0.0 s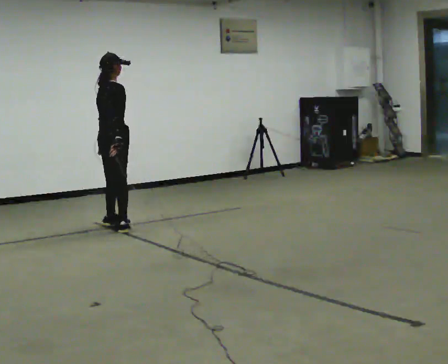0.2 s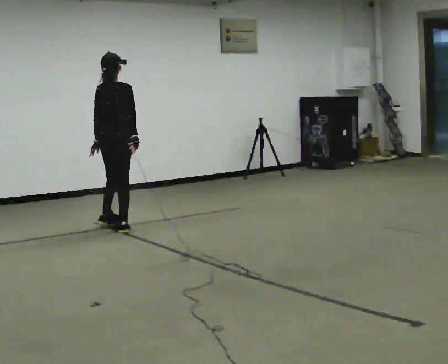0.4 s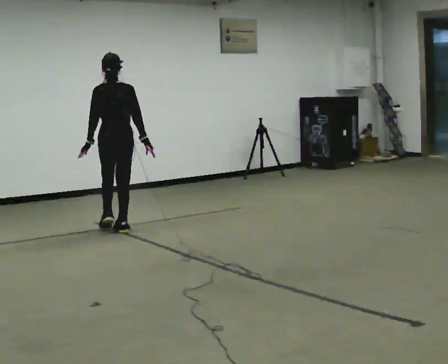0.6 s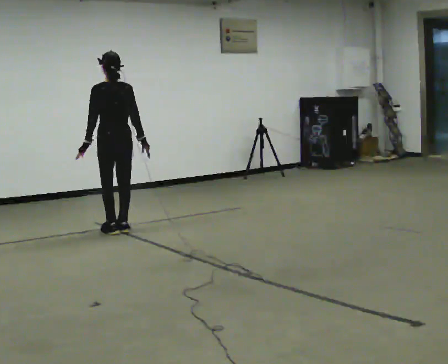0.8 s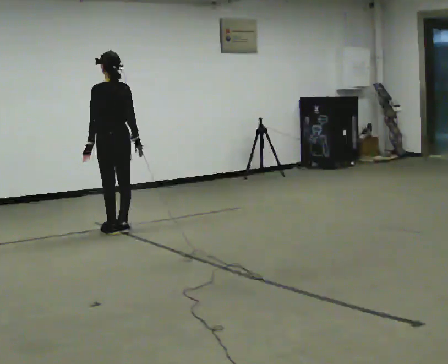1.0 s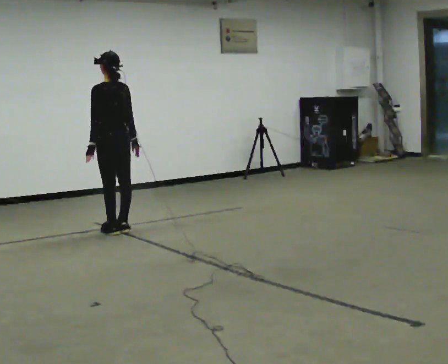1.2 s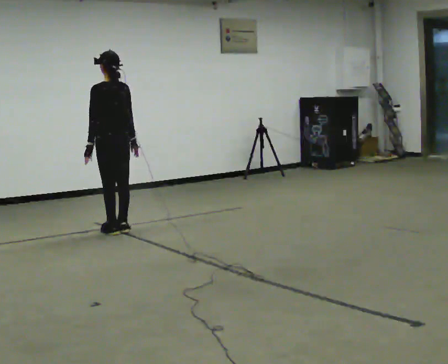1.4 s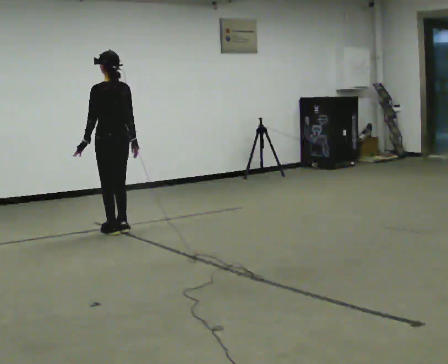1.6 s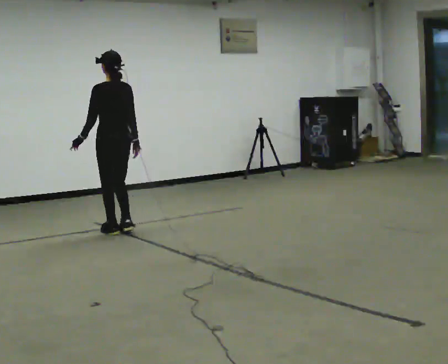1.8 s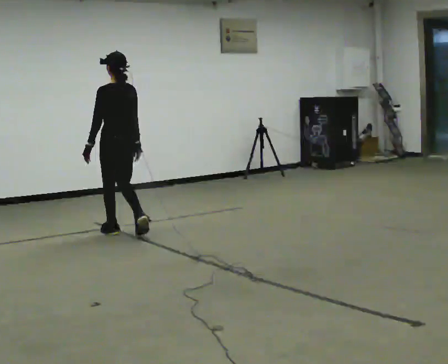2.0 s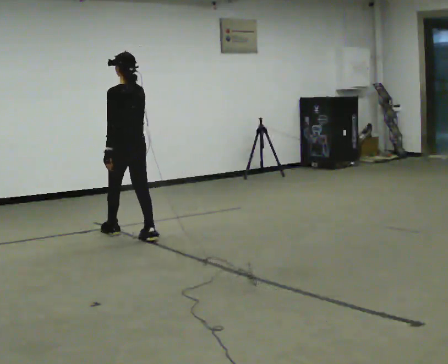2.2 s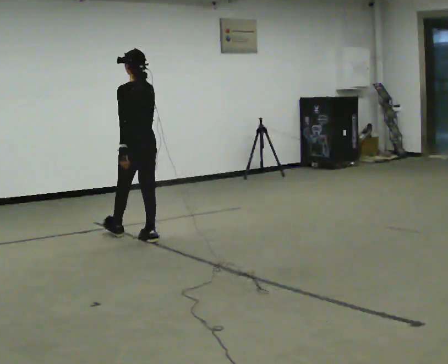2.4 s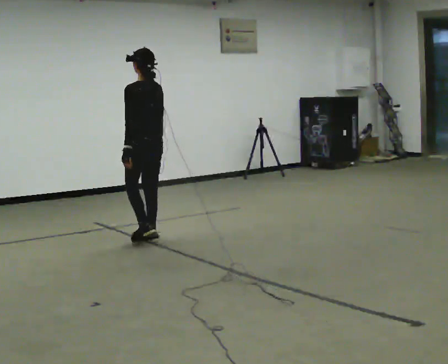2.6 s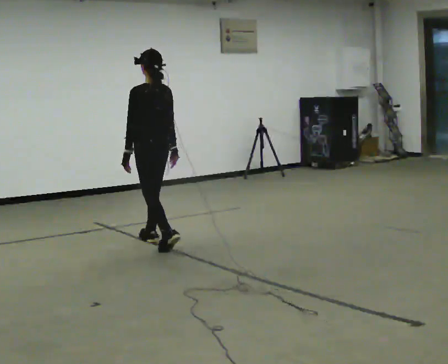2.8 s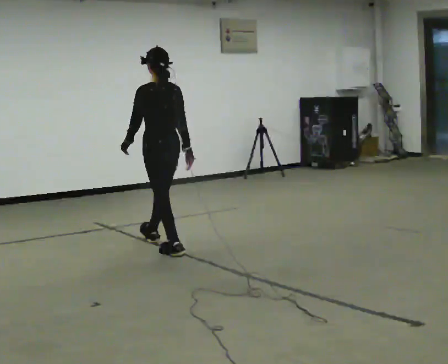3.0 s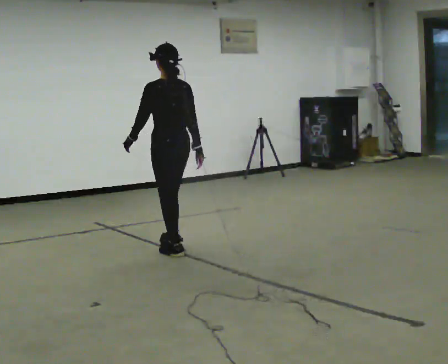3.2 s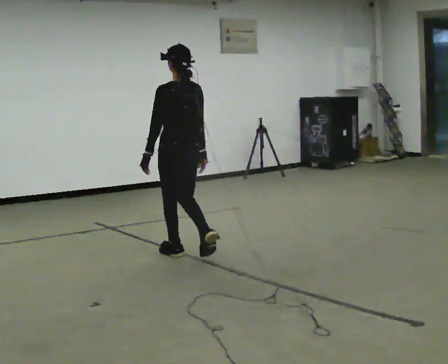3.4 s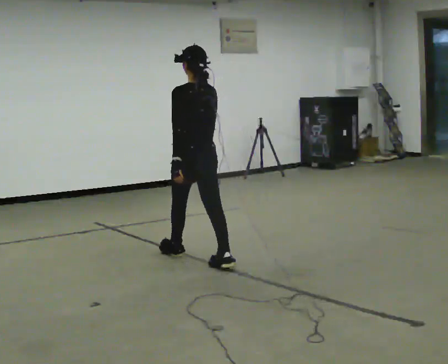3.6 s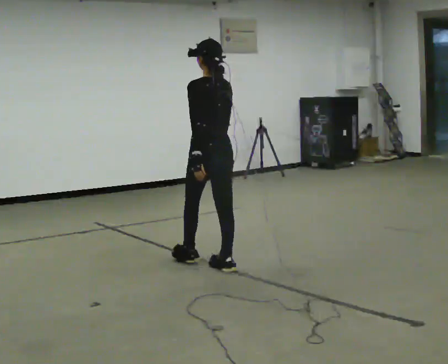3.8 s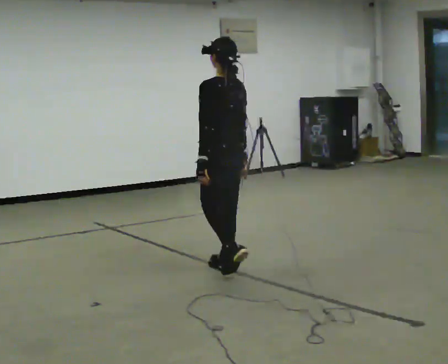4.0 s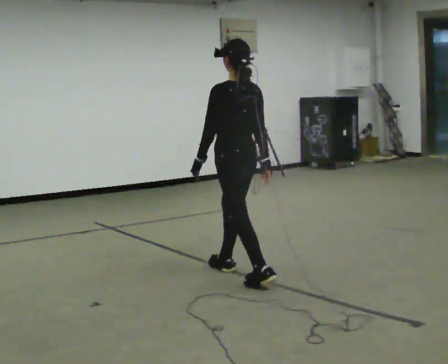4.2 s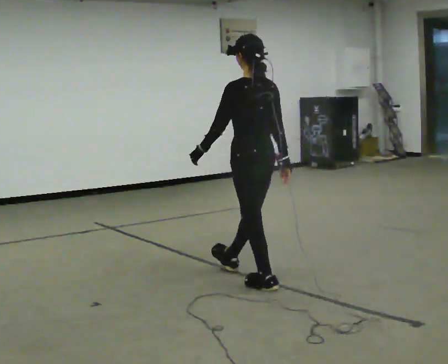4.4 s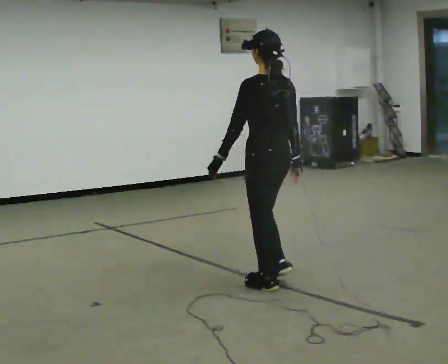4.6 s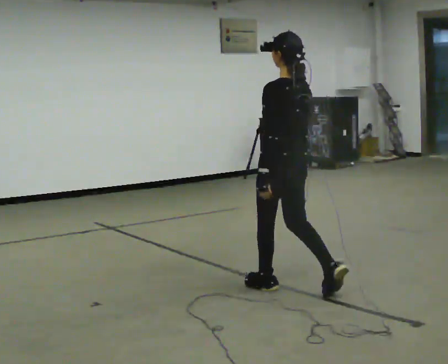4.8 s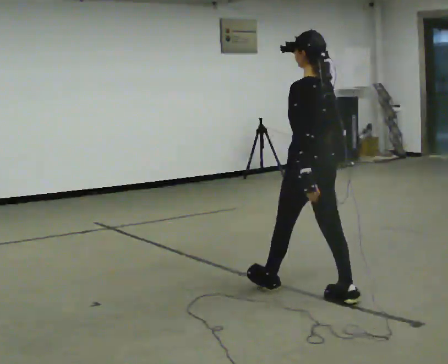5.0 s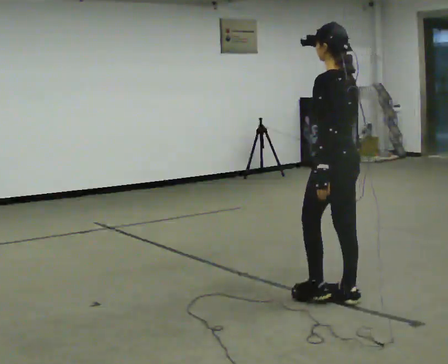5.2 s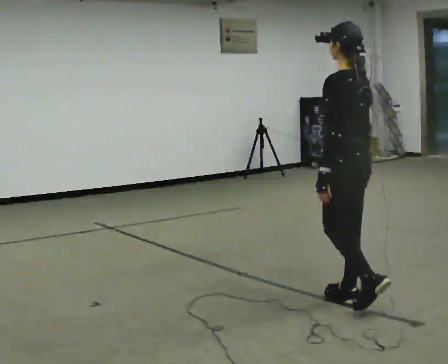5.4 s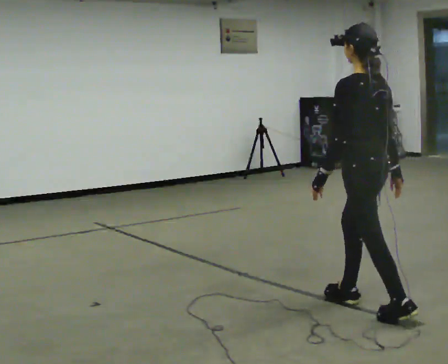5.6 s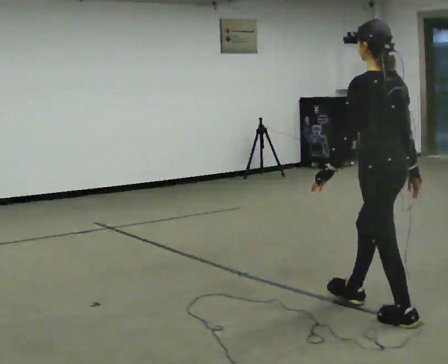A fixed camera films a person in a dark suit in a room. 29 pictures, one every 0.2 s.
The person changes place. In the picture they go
toward the camera.
0.0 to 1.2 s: The part of the body nearest the lens slides to the right as the person turns to their left by about 90 degrees. In the picture they go toward the camera, about 0.25 m in 1 step.
1.2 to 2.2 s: In the picture they go toward the camera and to the right, about 0.5 m in 2 steps, which for them is backward.
2.2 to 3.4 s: In the picture they go toward the camera and to the right, about 1 m in 1 step, which for them is backward.
3.4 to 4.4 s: In the picture they go toward the camera and to the right, about 1 m in 2 steps, which for them is backward.
4.4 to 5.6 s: In the picture they go toward the camera and to the right, about 1 m in 2 steps, which for them is backward.
The film runs backward here.
